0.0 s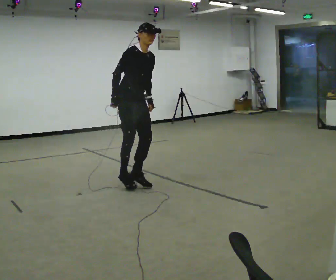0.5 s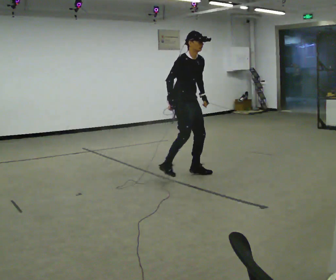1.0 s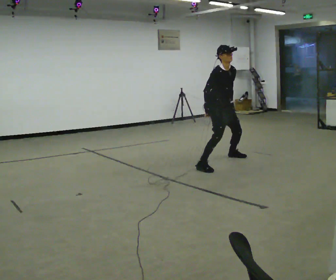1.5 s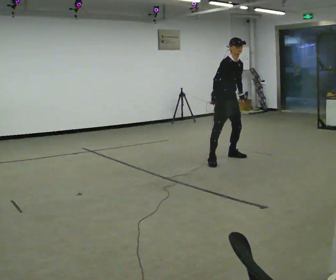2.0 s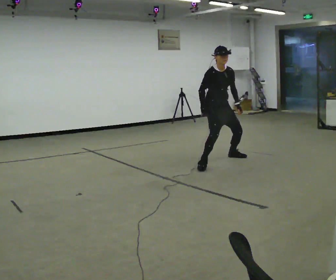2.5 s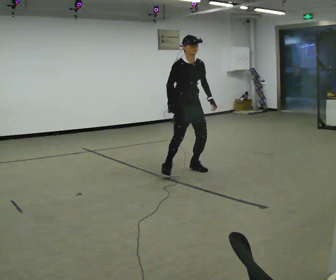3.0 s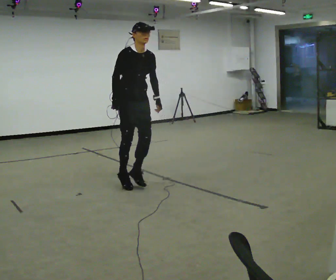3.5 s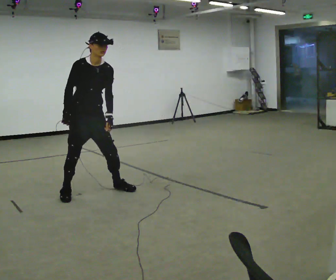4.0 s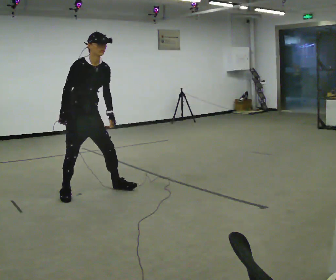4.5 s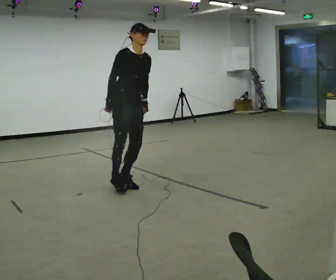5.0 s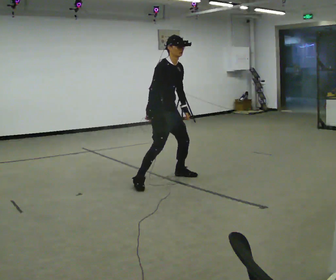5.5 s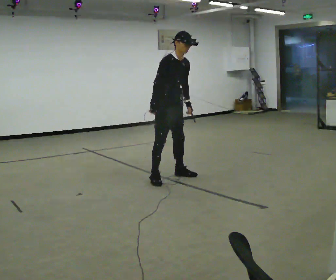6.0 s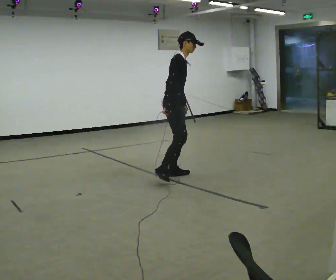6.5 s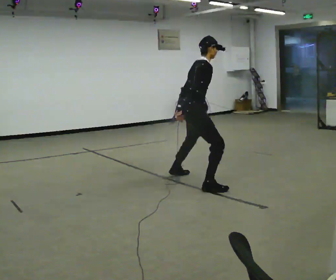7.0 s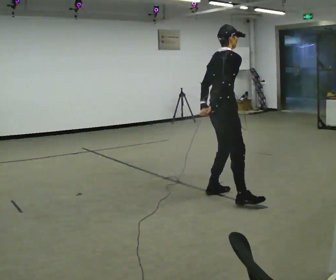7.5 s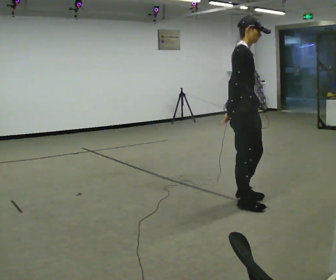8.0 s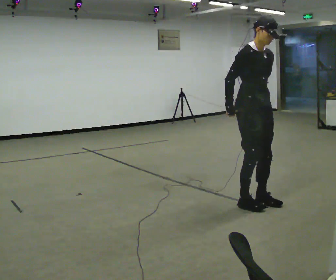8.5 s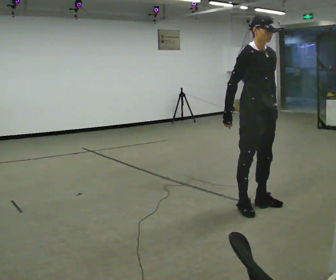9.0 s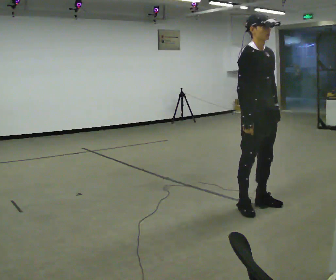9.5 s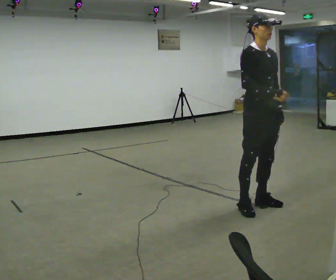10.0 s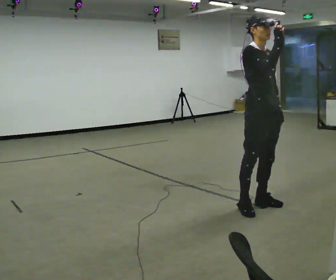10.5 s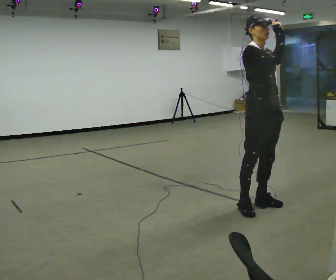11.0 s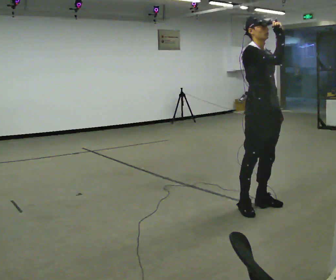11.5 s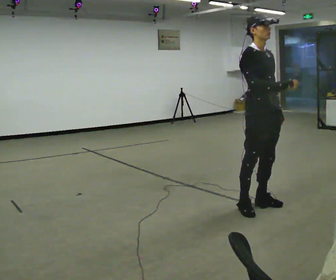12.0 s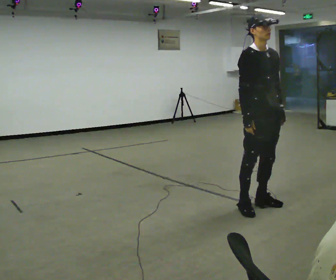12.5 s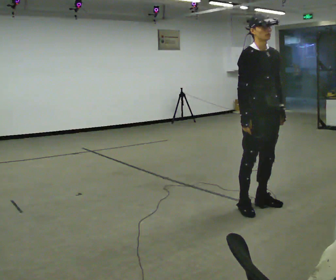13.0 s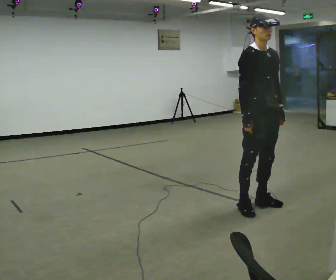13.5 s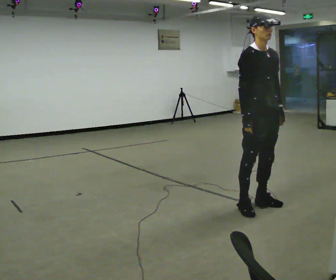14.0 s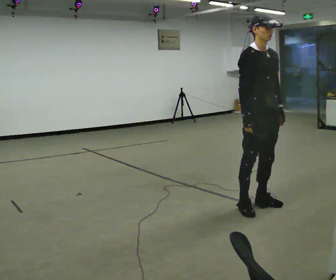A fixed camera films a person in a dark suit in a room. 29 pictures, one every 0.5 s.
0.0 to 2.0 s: The person turns about 30 degrees to their right, clockwise seen from above, so the part of the body nearest the lens slides to the left. In the picture they go away from the camera and to the right, about 1.5 m in 6 steps, which for them is to their left.
2.0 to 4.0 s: In the picture they go toward the camera and to the left, about 2 m in 4 steps, which for them is to their right.
4.0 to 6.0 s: The person turns about 45 degrees to their left, counterclockwise seen from above, so the part of the body nearest the lens slides to the right. In the picture they go to the right and away from the camera, about 1 m in 3 steps, which for them is to their left and forward.
6.0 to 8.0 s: The person turns about 60 degrees to their right, clockwise seen from above, so the part of the body nearest the lens slides to the left. In the picture they go toward the camera and to the right, about 1.5 m in 4 steps.
8.0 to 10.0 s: In the picture their right hand goes upward and to the right.
10.0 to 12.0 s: In the picture their right hand goes downward.
12.0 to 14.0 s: The person moves a little, or ends about where they began.
The film runs forward here.
